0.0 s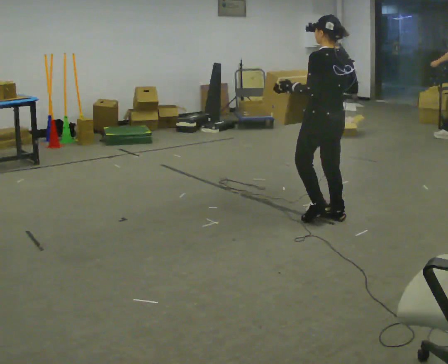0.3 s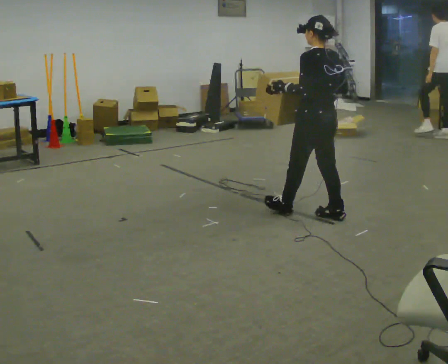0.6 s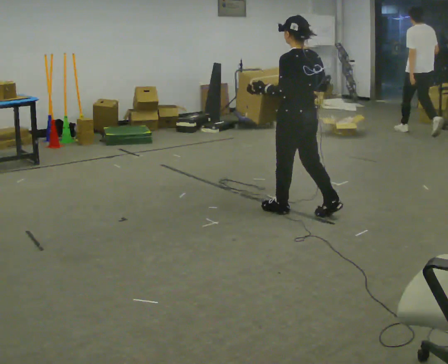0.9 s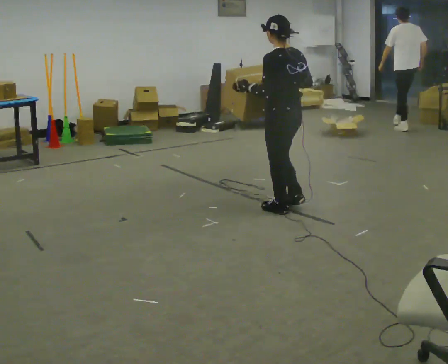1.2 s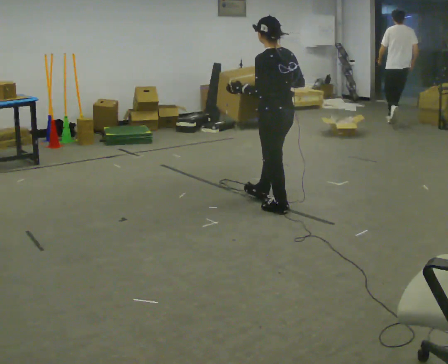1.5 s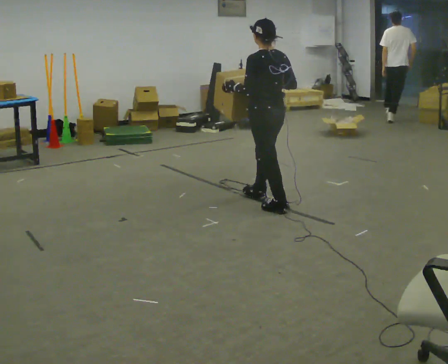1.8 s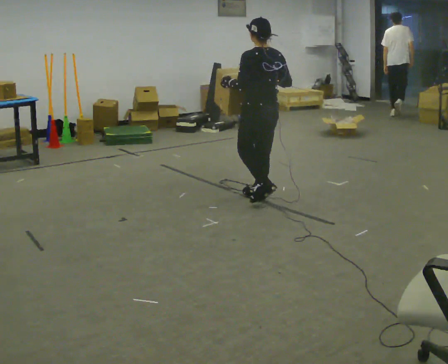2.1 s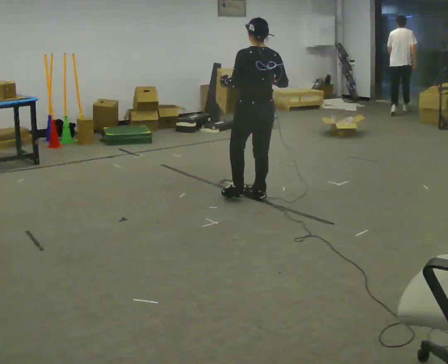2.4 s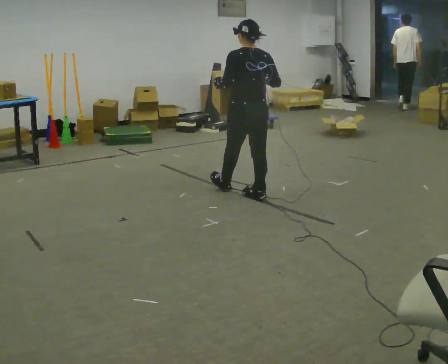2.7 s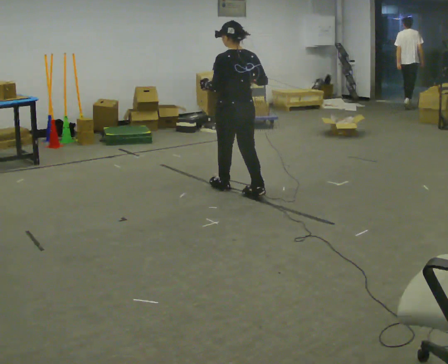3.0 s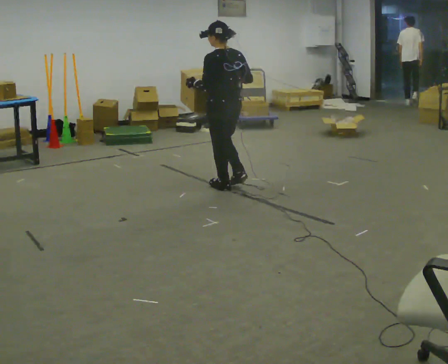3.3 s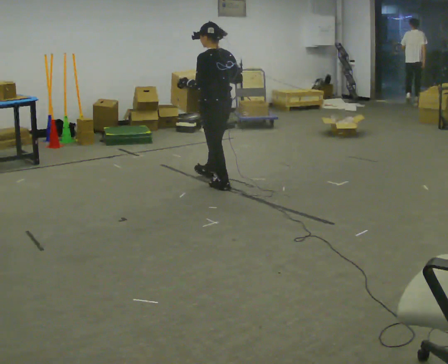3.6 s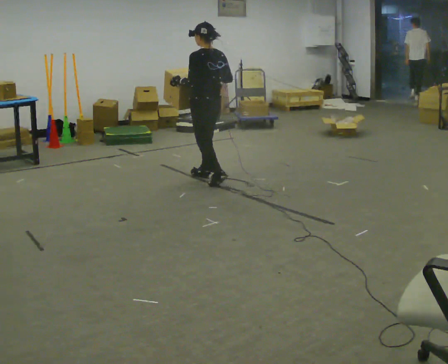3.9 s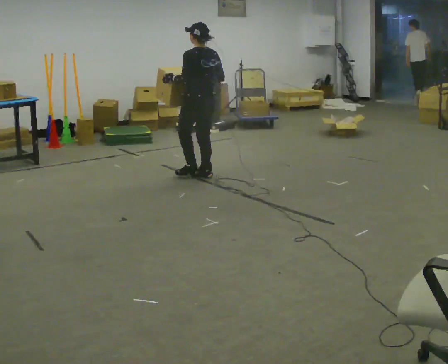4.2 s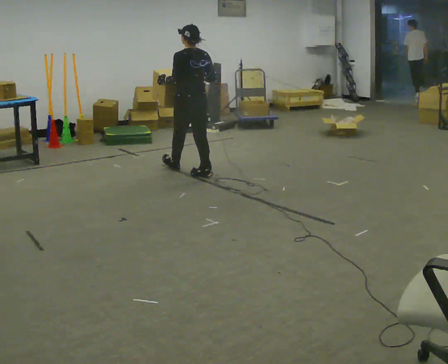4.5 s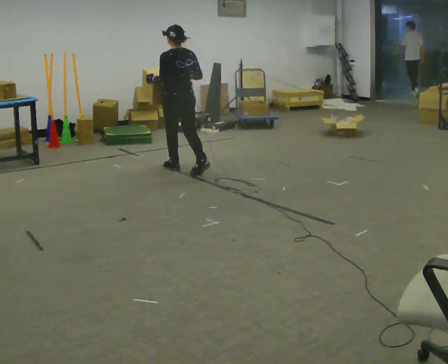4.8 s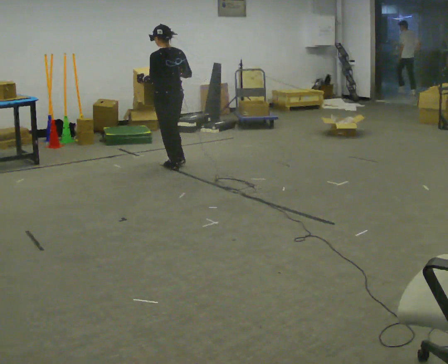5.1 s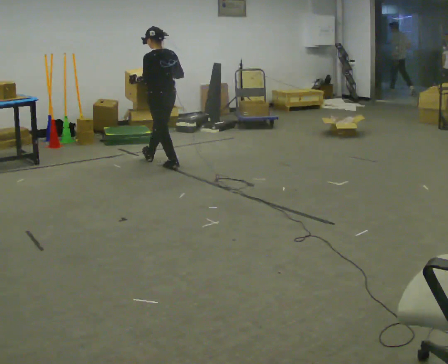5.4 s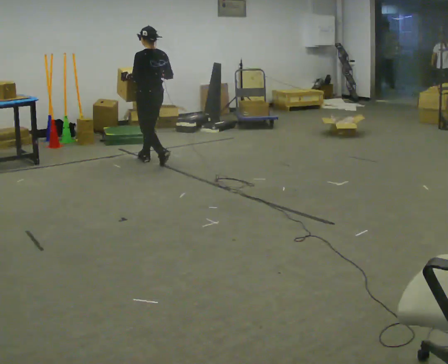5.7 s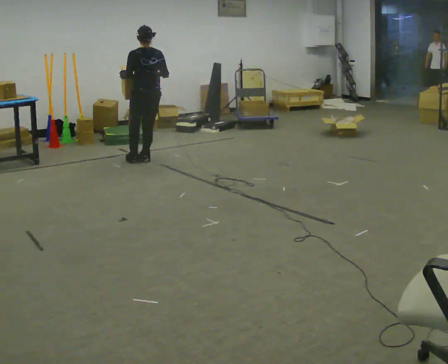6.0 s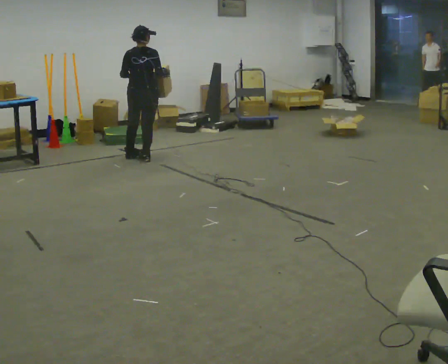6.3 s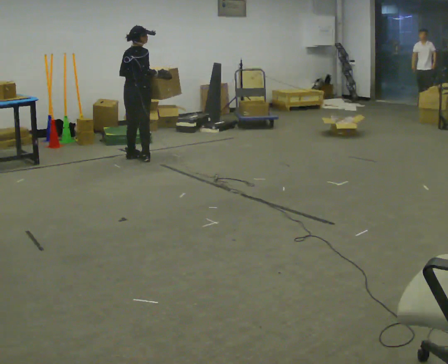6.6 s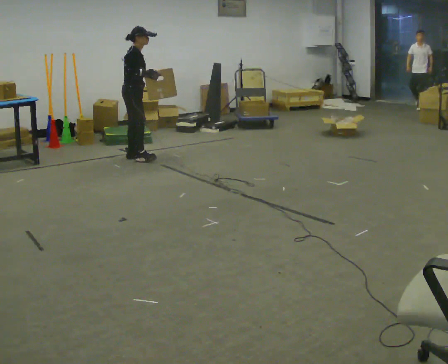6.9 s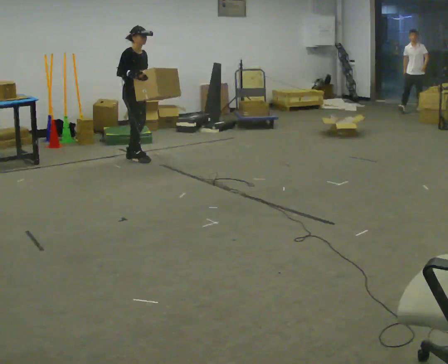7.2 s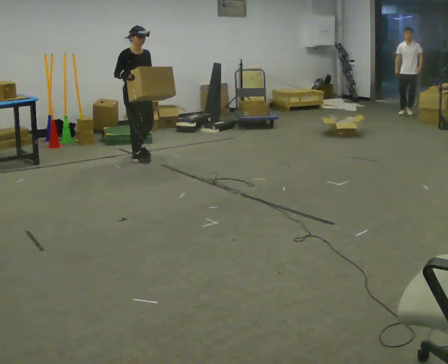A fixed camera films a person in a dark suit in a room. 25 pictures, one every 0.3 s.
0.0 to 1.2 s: In the picture they go to the left and away from the camera, about 0.5 m in 1 step, which for them is forward.
1.2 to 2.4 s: In the picture they go away from the camera and to the left, about 0.5 m in 1 step, which for them is forward.
2.4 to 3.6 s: In the picture they go away from the camera and to the left, about 0.75 m in 2 steps, which for them is forward.
3.6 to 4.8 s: In the picture they go away from the camera and to the left, about 0.5 m in 1 step, which for them is forward.
4.8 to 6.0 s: The part of the body nearest the lens slides to the left as the person turns to their right by about 45 degrees. In the picture they go to the left and away from the camera, about 0.5 m in 2 steps, which for them is forward.
6.0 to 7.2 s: The part of the body nearest the lens slides to the left as the person turns to their right by about 135 degrees. In the picture their right hand goes to the left.
The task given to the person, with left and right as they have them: Carry the box across the room while freely looking around at the walls, ceiling and floor. Keep going until the operator says stop; one object at a time, and do not rush between trips.
The film runs forward here.
